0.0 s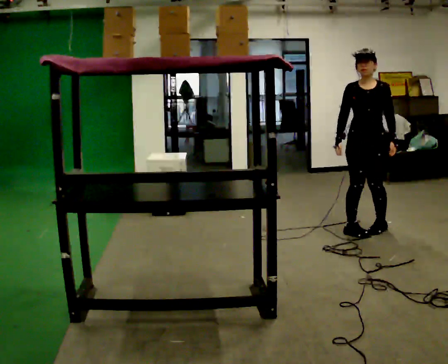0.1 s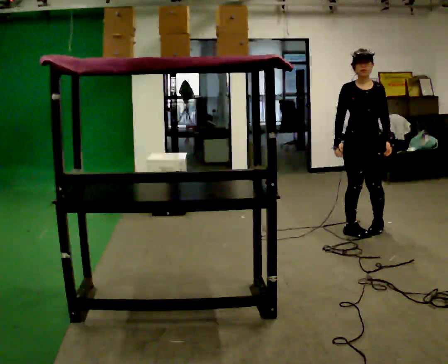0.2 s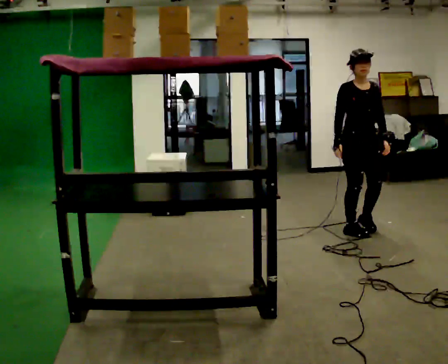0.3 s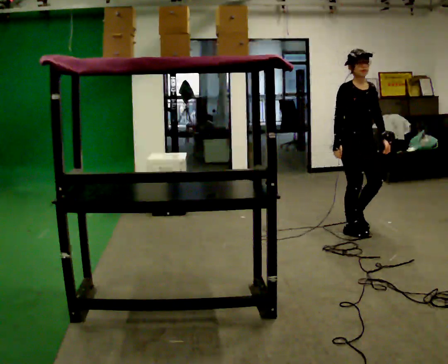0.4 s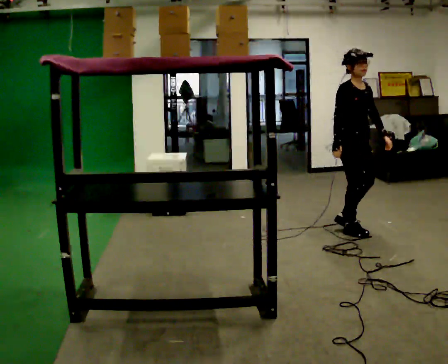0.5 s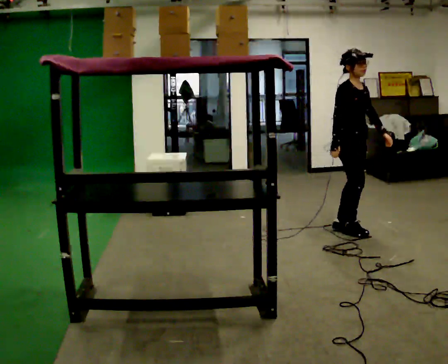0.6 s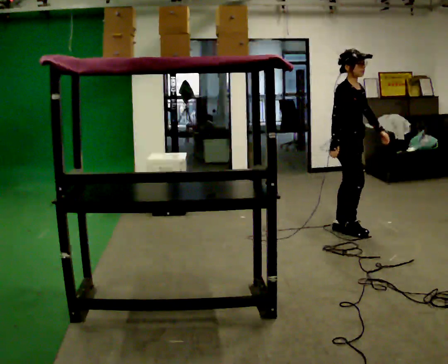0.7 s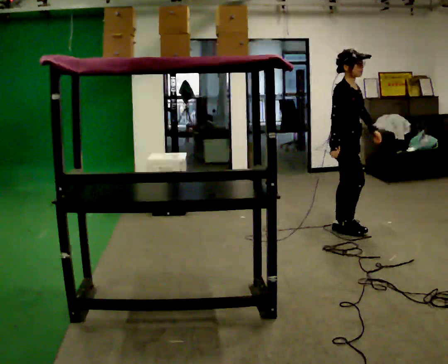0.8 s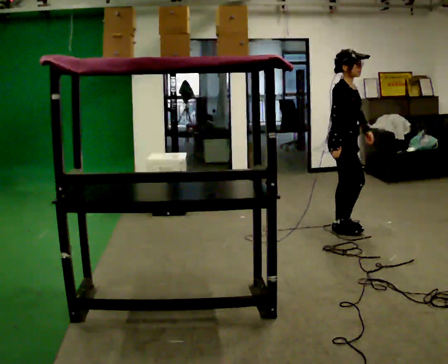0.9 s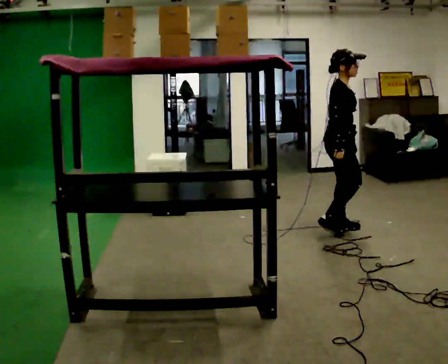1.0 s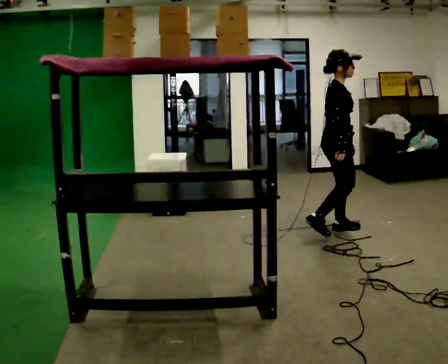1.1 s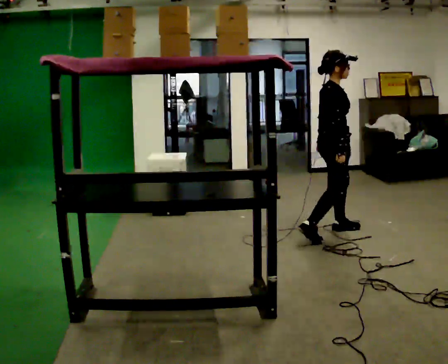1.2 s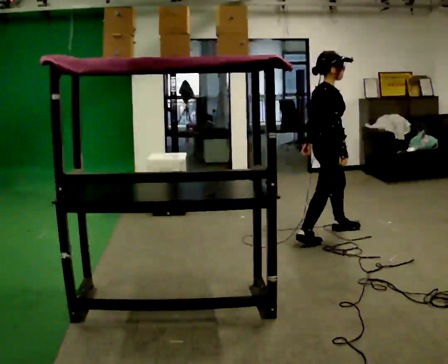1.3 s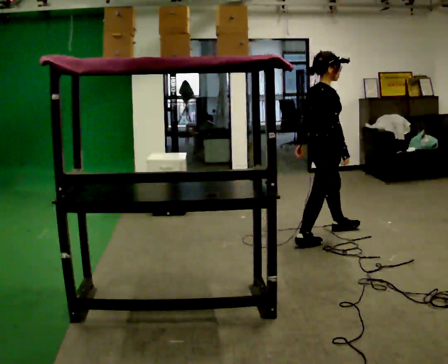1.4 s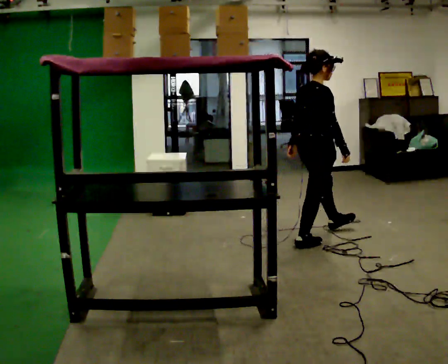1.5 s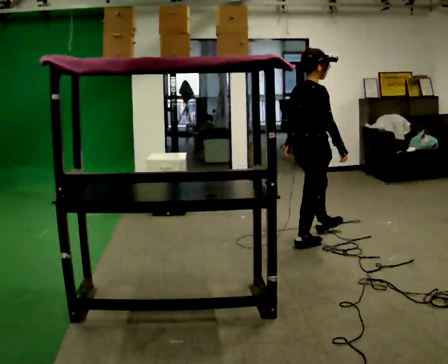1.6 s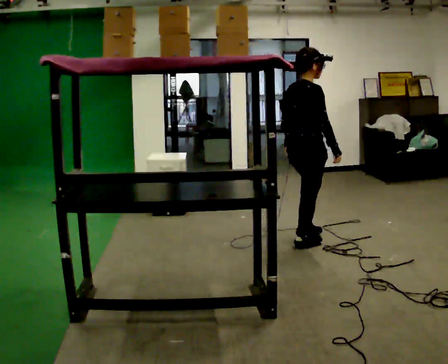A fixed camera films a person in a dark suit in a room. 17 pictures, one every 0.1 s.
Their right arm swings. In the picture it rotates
counterclockwise.
The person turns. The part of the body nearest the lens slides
to the right.
0.0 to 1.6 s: The person turns about 135 degrees to their left, counterclockwise seen from above, so the part of the body nearest the lens slides to the right. In the picture they go to the left and toward the camera, about 0.75 m in 3 steps.
The film runs backward here.
